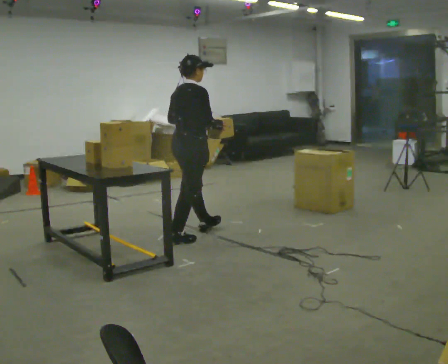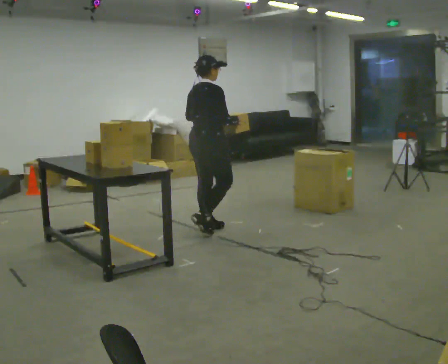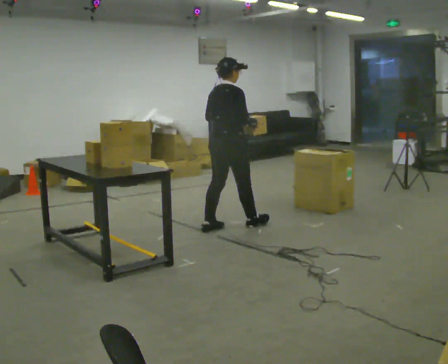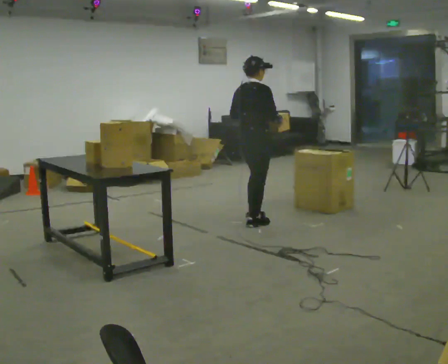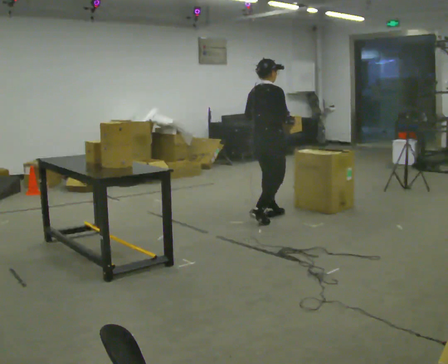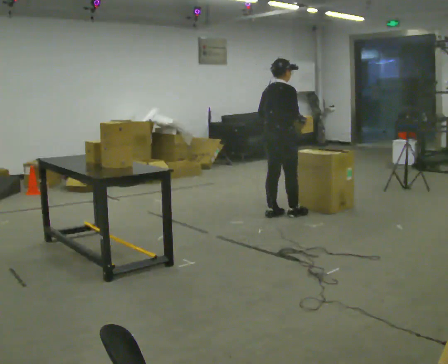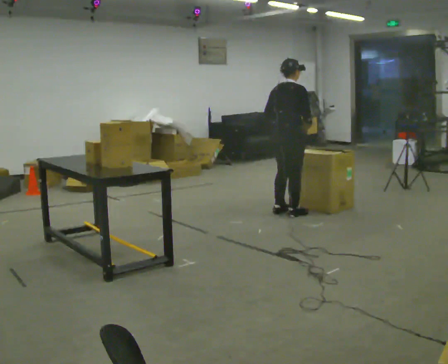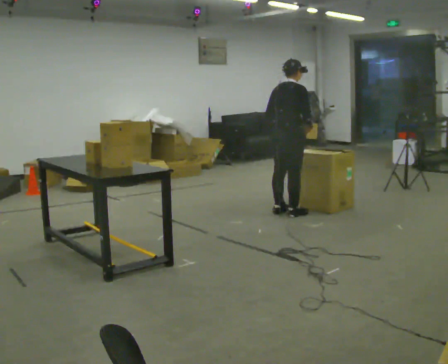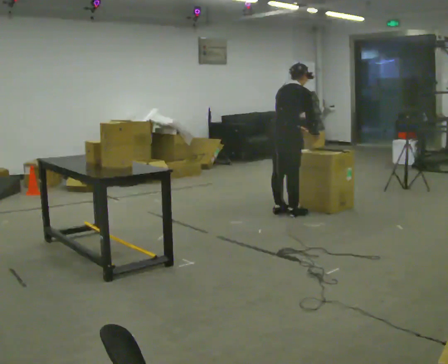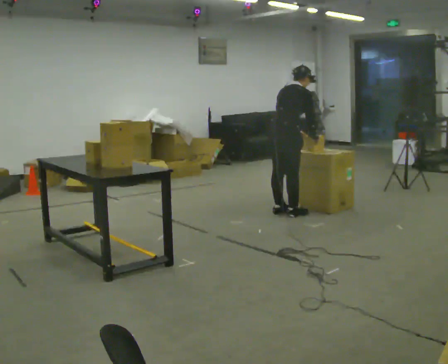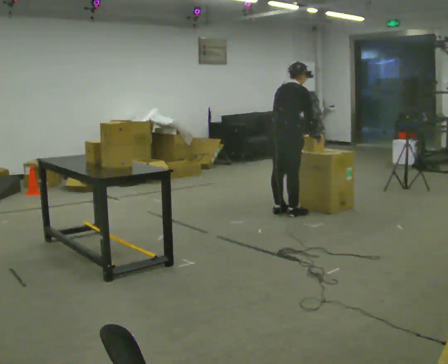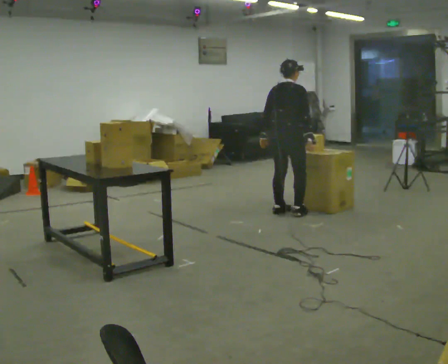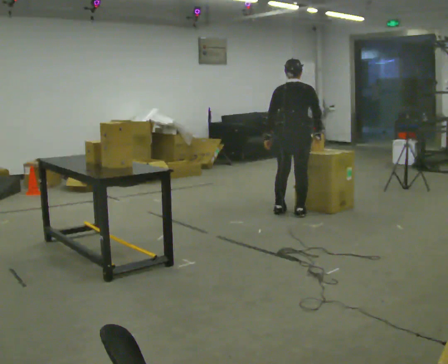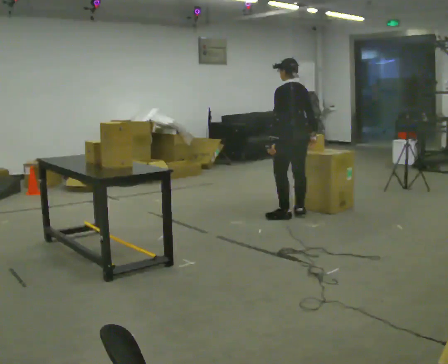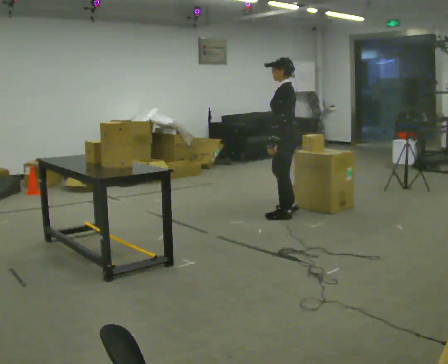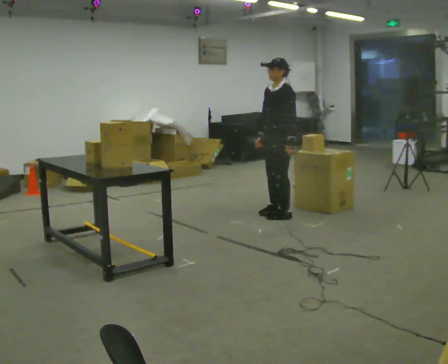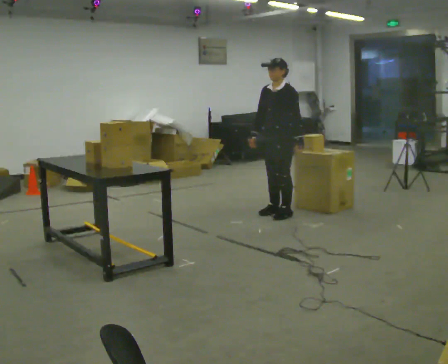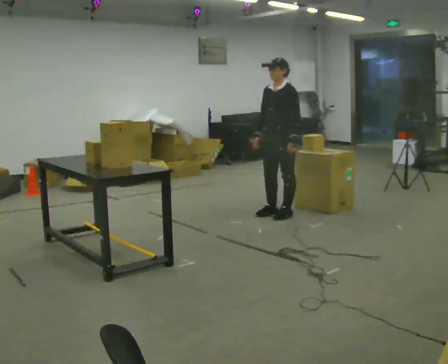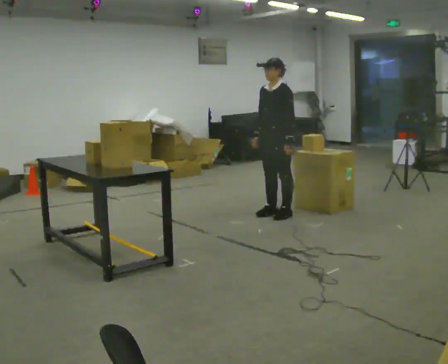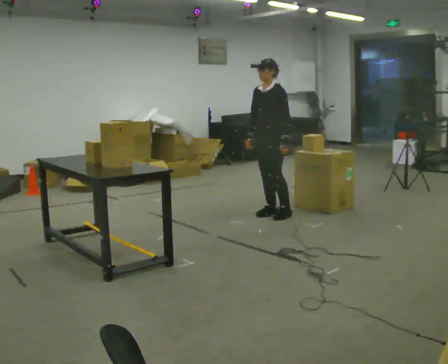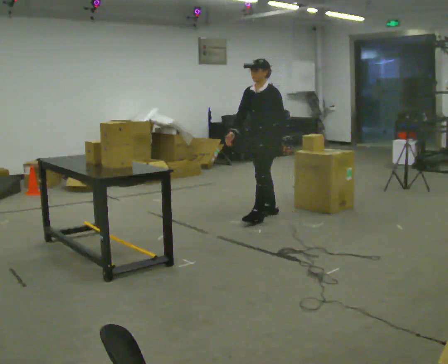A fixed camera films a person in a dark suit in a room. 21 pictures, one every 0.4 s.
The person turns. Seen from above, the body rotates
counterclockwise.
The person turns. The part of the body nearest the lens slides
to the right.
0.0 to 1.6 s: In the picture they go away from the camera and to the right, about 1 m in 3 steps, which for them is forward.
1.6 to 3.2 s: In the picture they go away from the camera, about 0.25 m in 2 steps, which for them is forward. The upper body tips away from the camera, its near side rolling upward, as they bend forward.
3.2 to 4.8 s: Seen from above the body turns counterclockwise, about 45 degrees: to their left, with its near side sliding to the right.
4.8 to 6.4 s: Seen from above the body turns counterclockwise, about 135 degrees: to their left, with its near side sliding to the right. In the picture their right hand goes to the left, the arm swinging clockwise.
6.4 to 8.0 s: In the picture they go to the left, about 0.25 m, which for them is forward.
The film runs forward here.
